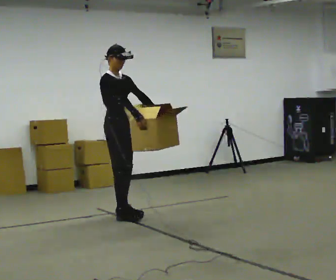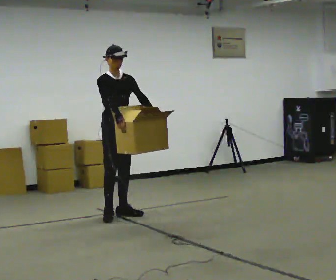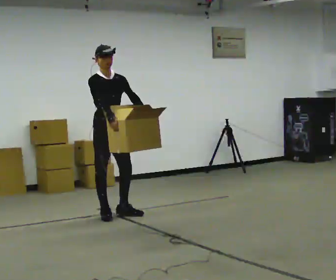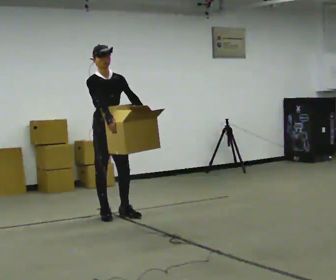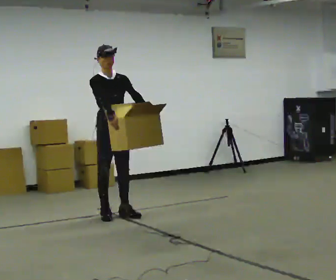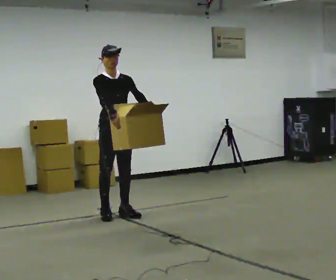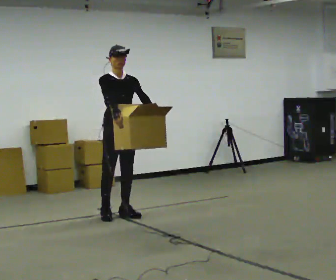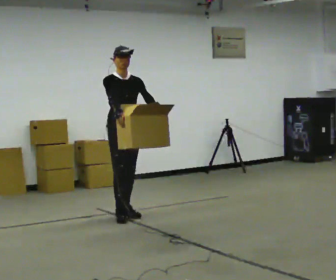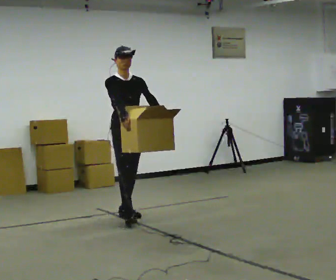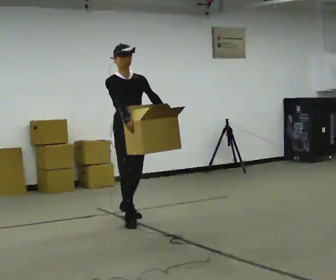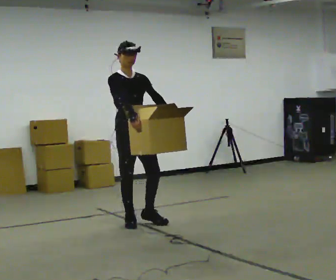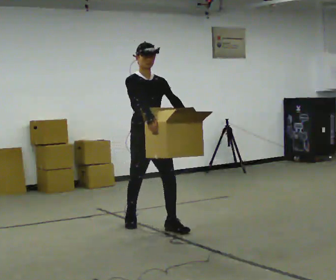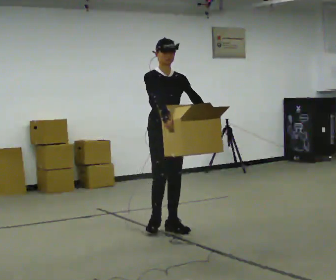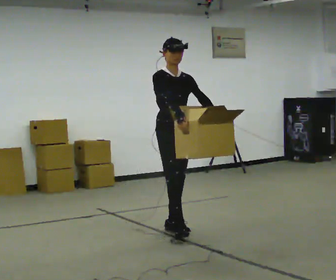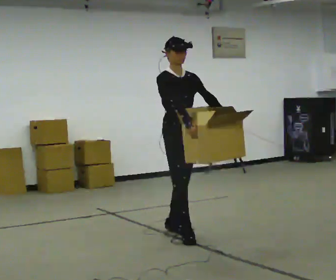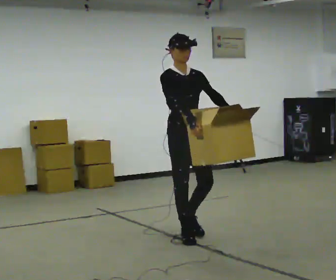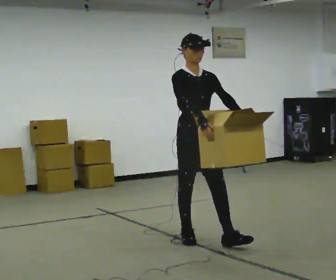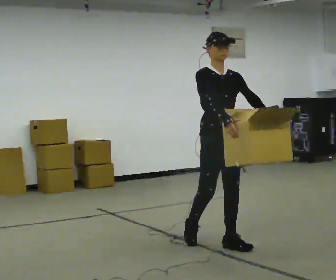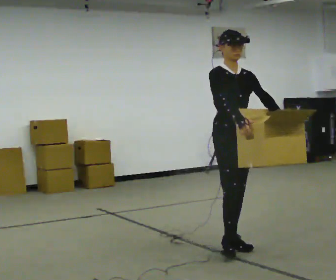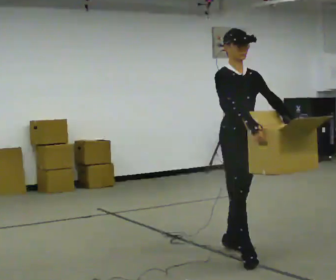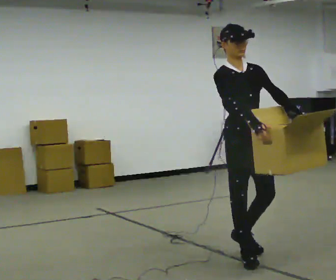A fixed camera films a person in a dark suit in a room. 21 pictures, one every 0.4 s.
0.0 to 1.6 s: The person moves a little, or ends about where they began.
1.6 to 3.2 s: In the picture they go to the right, about 0.25 m in 1 step, which for them is forward.
3.2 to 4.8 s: In the picture they go toward the camera and to the right, about 0.75 m in 1 step, which for them is forward.
4.8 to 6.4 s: In the picture they go toward the camera and to the right, about 0.5 m in 2 steps, which for them is forward.
6.4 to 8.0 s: In the picture they go toward the camera and to the right, about 0.75 m in 1 step, which for them is forward.
The film runs forward here.
